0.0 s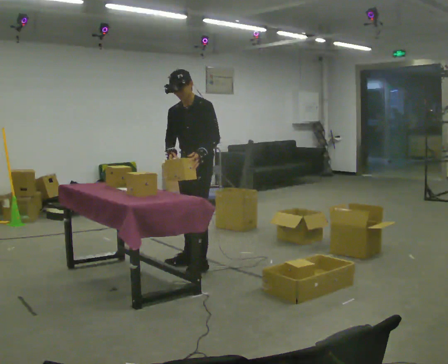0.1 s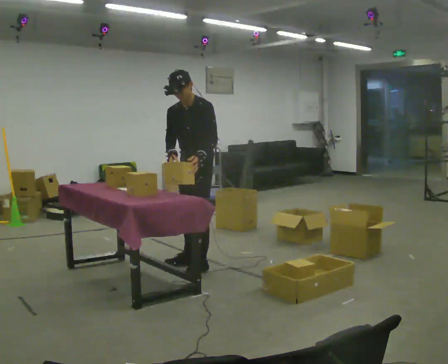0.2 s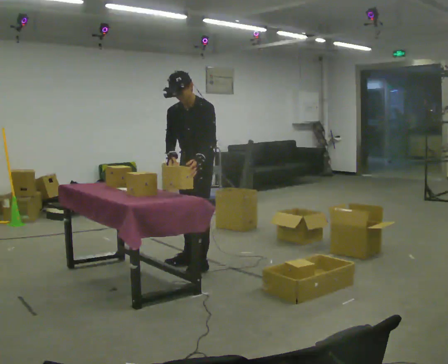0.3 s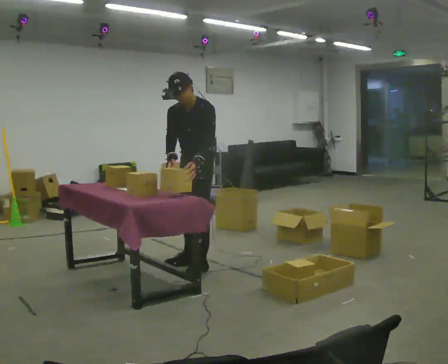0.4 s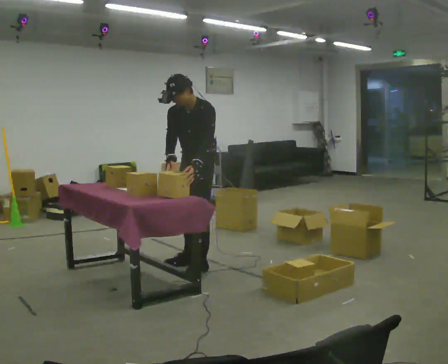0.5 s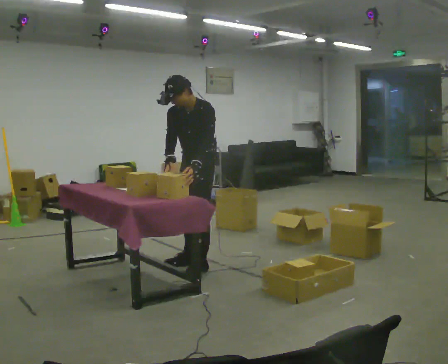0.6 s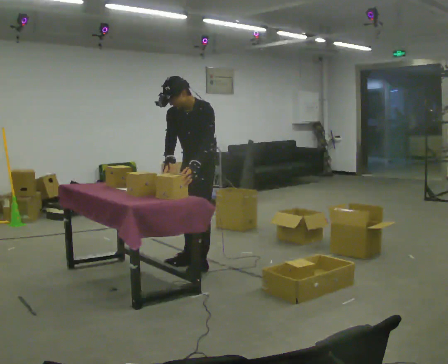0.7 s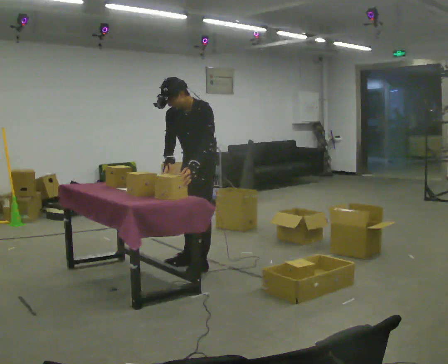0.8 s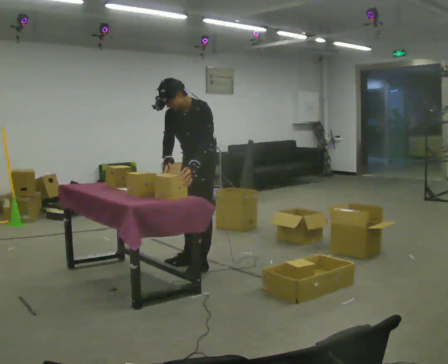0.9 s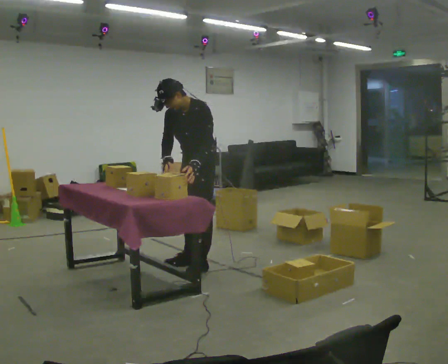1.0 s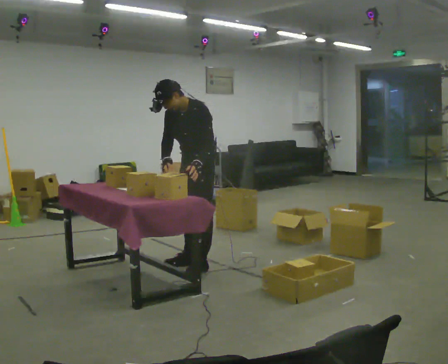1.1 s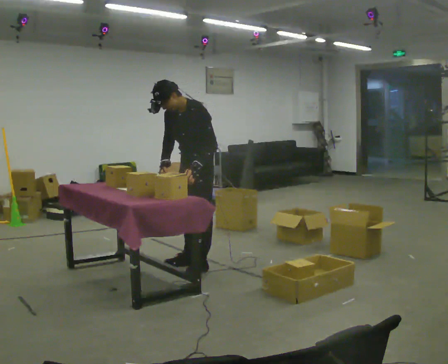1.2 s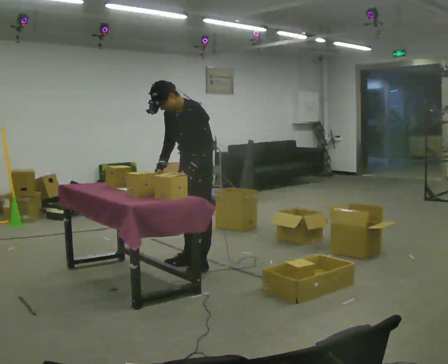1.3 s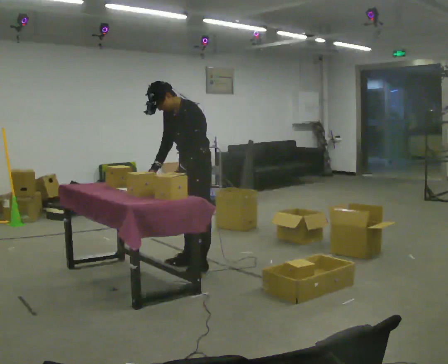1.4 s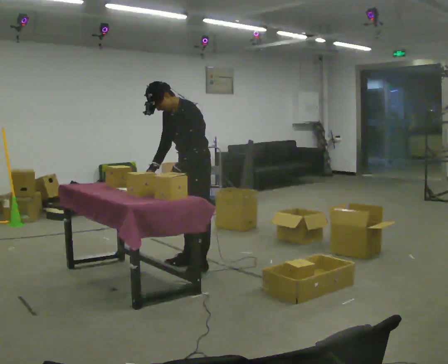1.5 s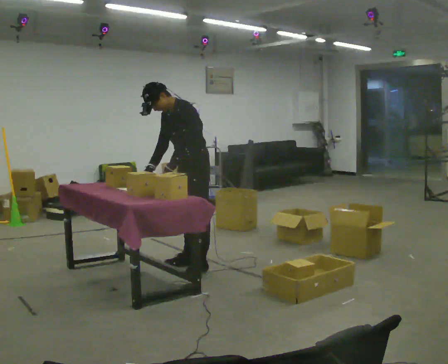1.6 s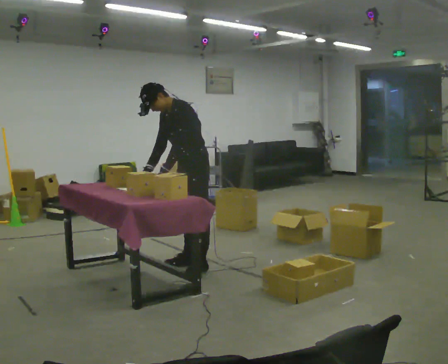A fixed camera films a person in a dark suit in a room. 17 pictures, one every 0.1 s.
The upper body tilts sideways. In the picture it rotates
counterclockwise.
0.0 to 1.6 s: In the picture the upper body tilts counterclockwise, shoulders to the left, as they bend forward.
The film runs forward here.
